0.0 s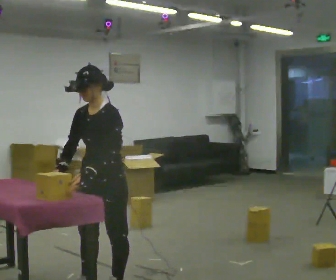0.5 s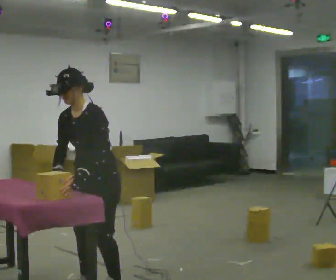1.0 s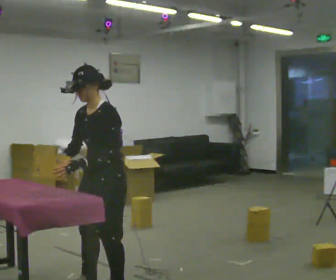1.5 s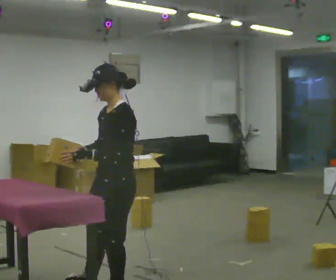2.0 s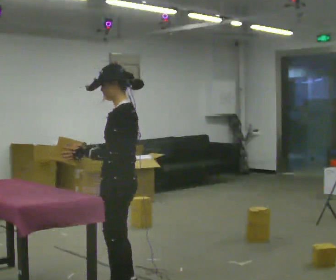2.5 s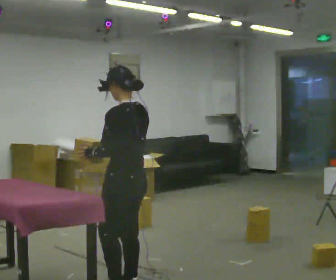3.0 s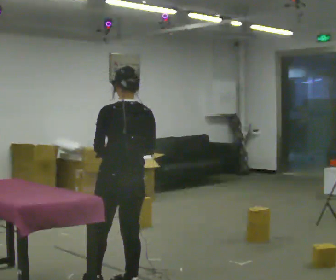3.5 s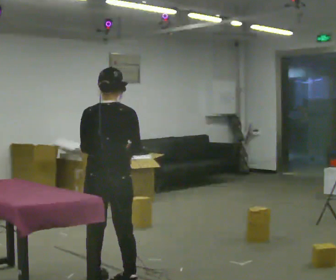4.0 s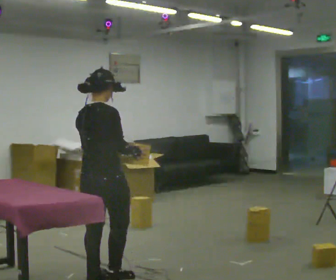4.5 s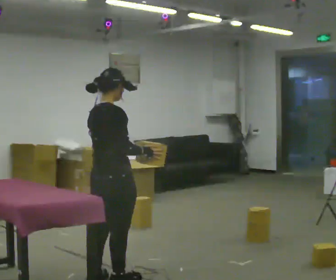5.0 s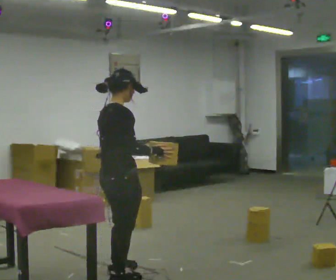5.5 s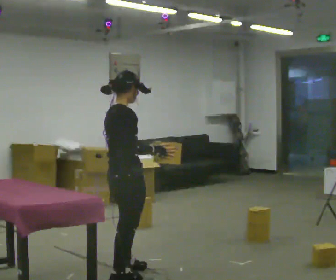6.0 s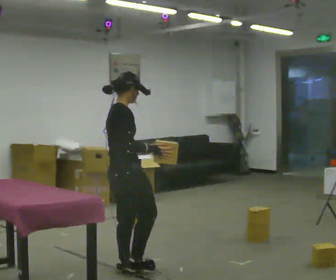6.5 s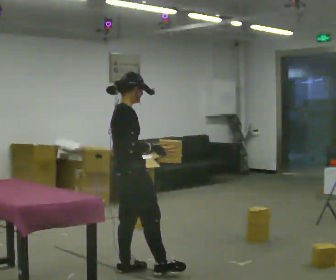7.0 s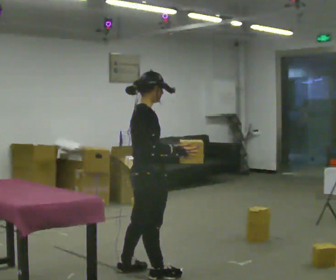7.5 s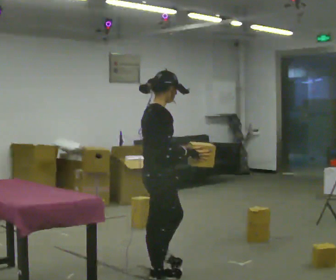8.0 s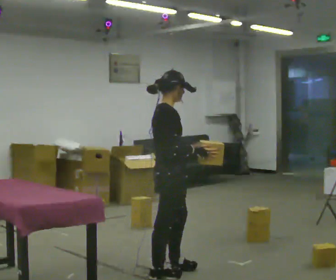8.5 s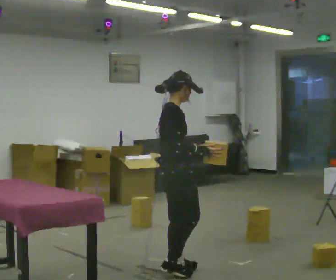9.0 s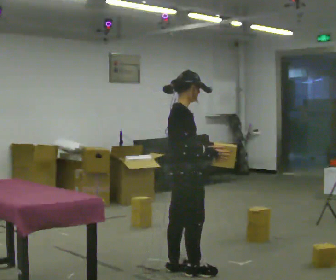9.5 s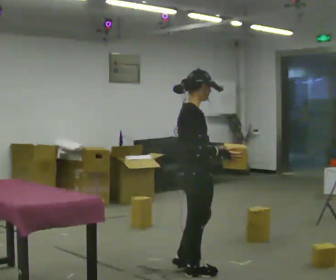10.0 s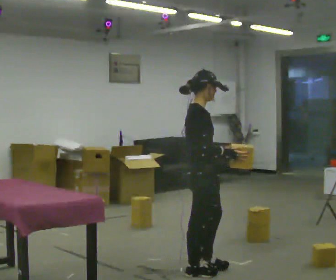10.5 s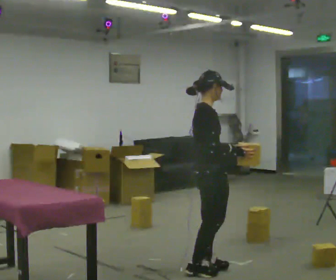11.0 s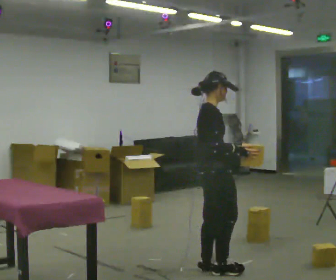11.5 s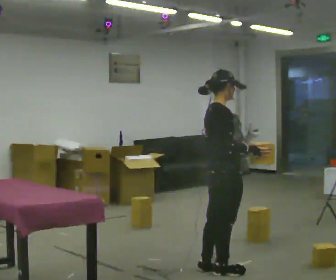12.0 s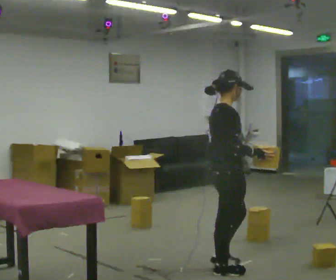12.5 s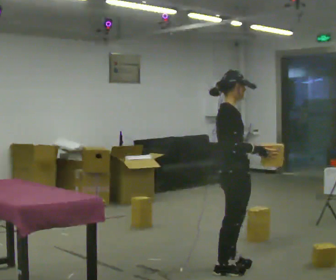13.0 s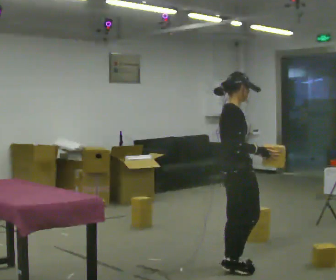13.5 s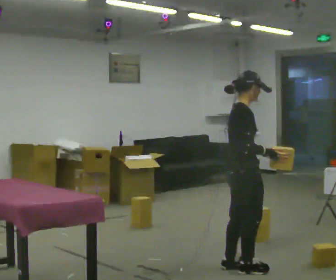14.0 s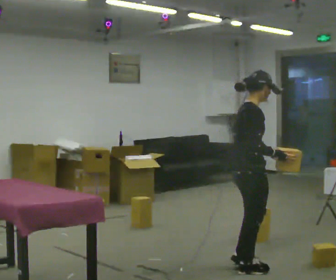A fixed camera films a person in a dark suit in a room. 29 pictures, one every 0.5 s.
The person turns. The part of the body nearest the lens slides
to the left.
The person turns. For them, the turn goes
to their right.
0.0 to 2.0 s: The person turns about 60 degrees to their right, clockwise seen from above, so the part of the body nearest the lens slides to the left.
2.0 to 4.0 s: The person turns about 120 degrees to their right, clockwise seen from above, so the part of the body nearest the lens slides to the left. In the picture they go away from the camera and to the left, about 0.25 m in 1 step.
4.0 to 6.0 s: The part of the body nearest the lens slides to the left as the person turns to their right by about 30 degrees. In the picture they go away from the camera and to the right, about 0.25 m in 2 steps, which for them is forward and to their left.
6.0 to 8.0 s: In the picture they go to the right, about 0.25 m in 2 steps, which for them is forward.
8.0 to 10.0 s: In the picture they go to the right, about 0.25 m in 2 steps, which for them is forward.
10.0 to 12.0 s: In the picture they go to the right, about 0.25 m in 1 step, which for them is forward.
12.0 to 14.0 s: In the picture they go to the right, about 0.25 m in 2 steps, which for them is forward.
The film runs forward here.
